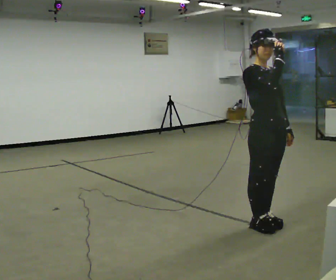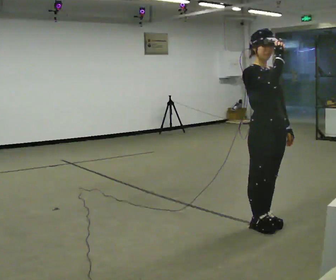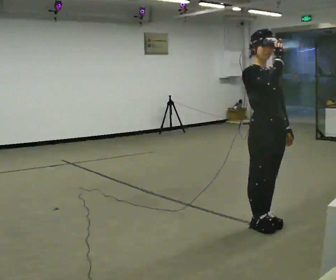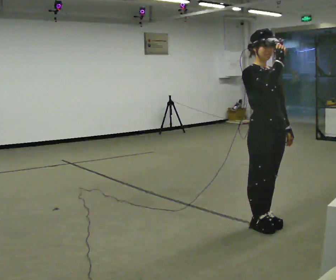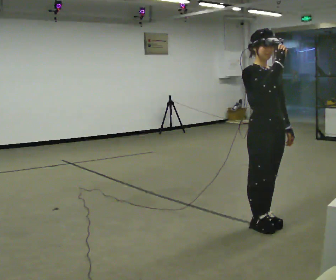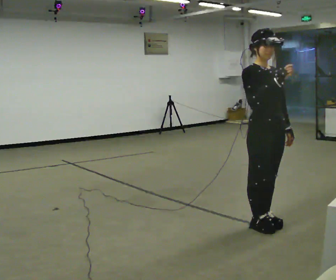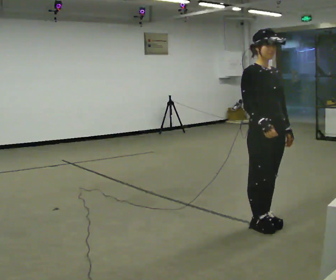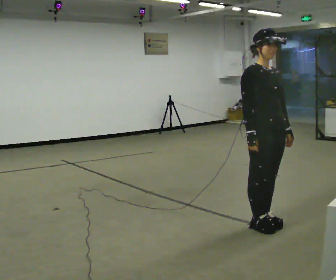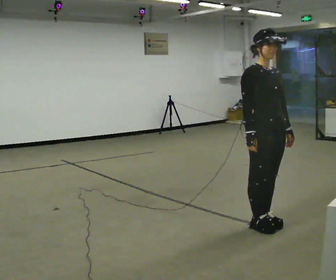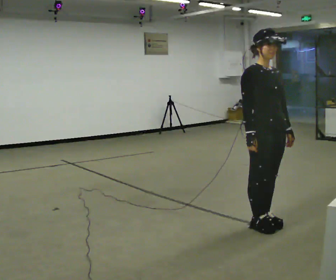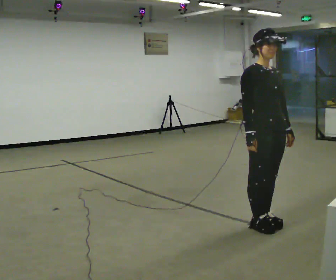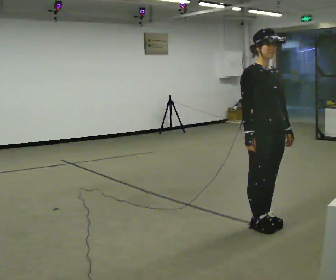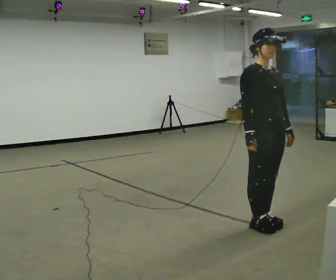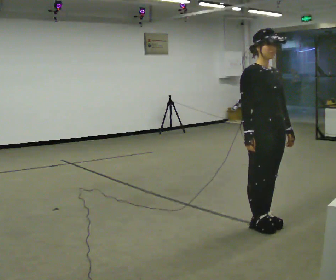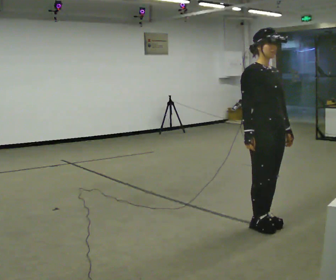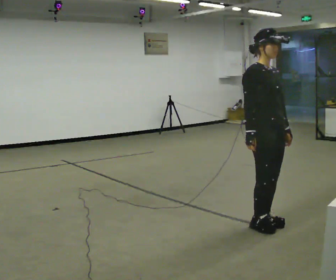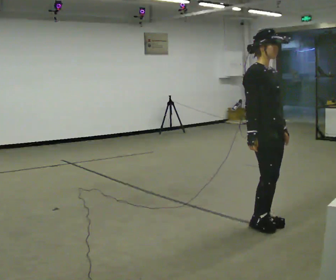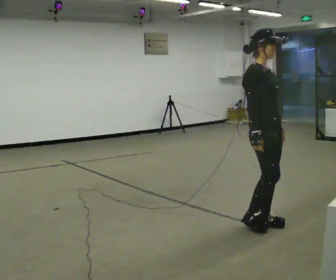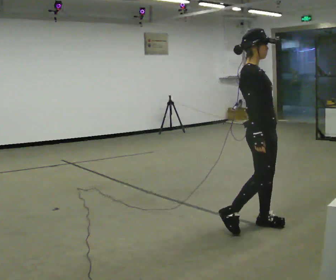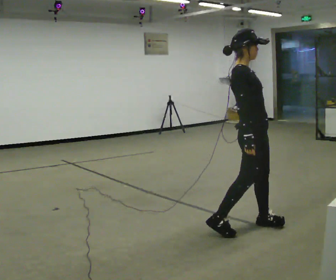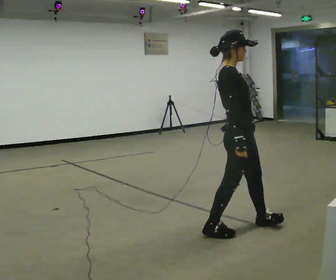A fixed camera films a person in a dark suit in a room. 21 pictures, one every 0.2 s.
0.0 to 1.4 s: In the picture their right hand goes downward.
1.4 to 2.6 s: The person moves a little, or ends about where they began.
2.6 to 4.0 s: Seen from above the body turns counterclockwise, about 45 degrees: to their left, with its near side sliding to the right. In the picture they go to the left, about 0.25 m in 1 step, which for them is to their right and backward. In the picture their left hand goes to the left.
The film runs backward here.
